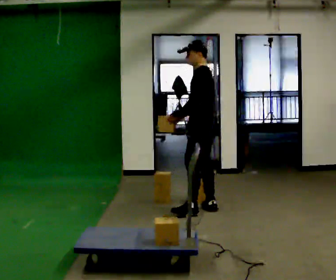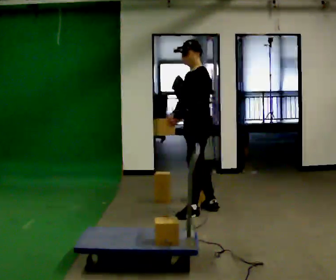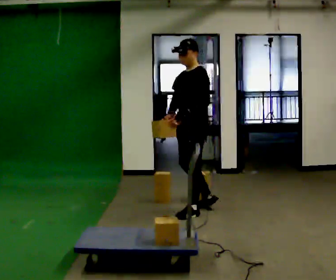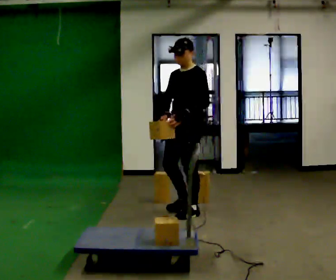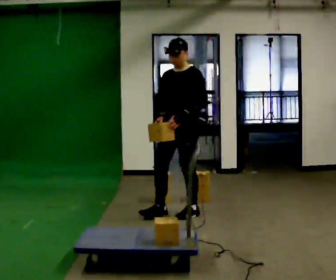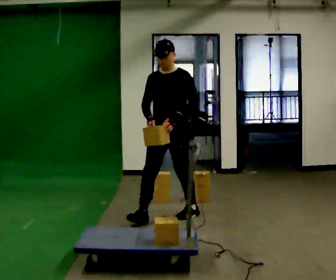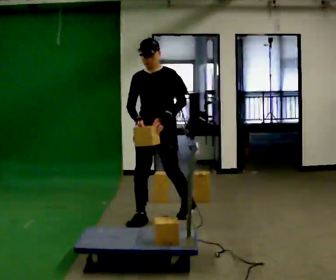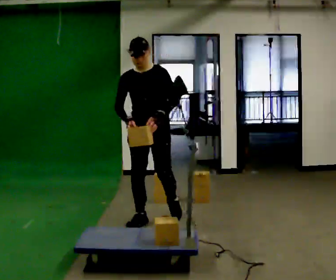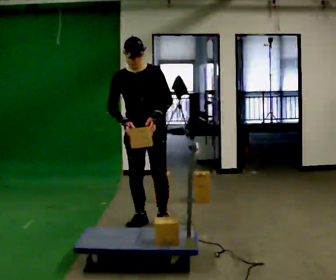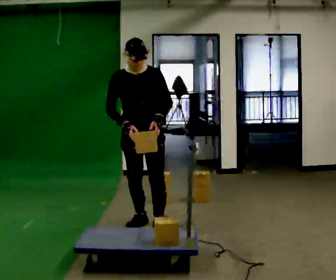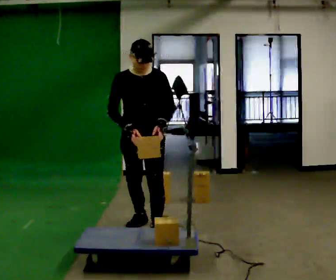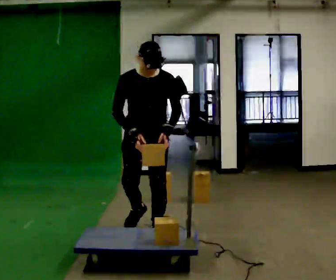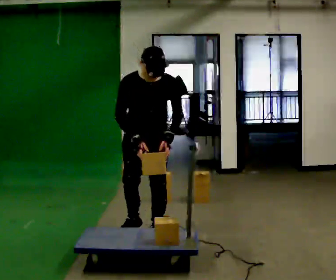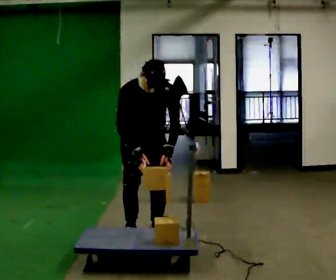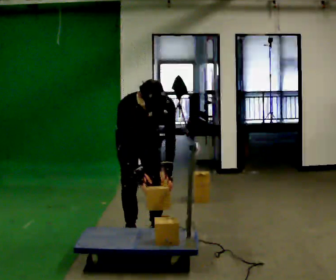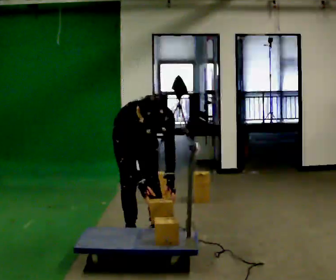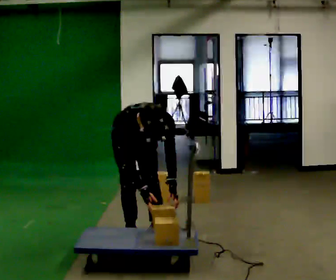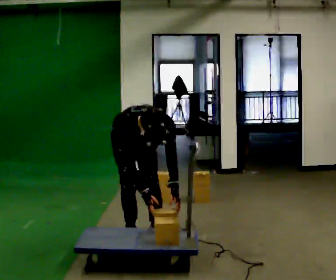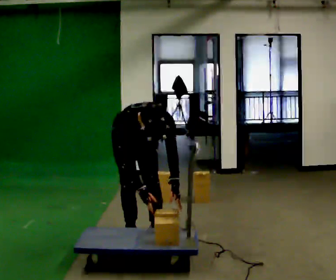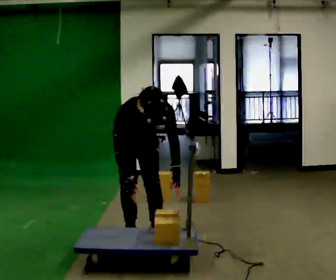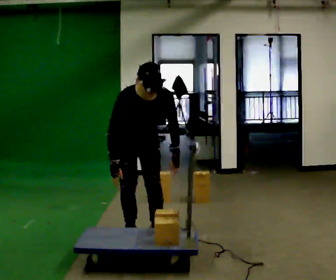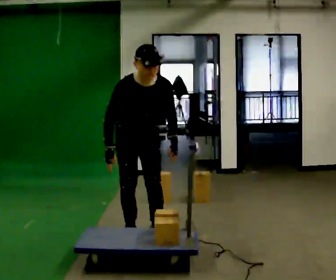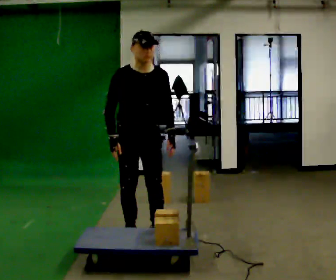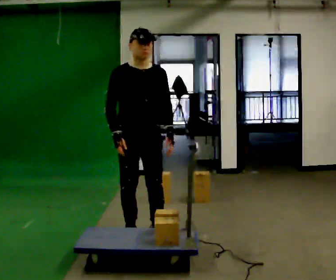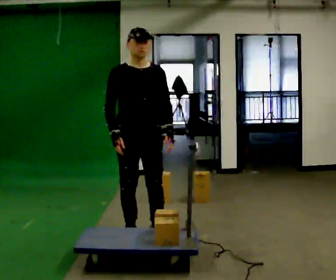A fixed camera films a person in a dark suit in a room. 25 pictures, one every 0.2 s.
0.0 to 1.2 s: The part of the body nearest the lens slides to the right as the person turns to their left by about 75 degrees. In the picture they go to the left and toward the camera, about 0.5 m in 1 step.
1.2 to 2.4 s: In the picture they go toward the camera, about 0.5 m in 1 step, which for them is forward. The upper body tips toward the camera, its near side rolling downward, as they bend forward.
2.4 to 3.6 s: The upper body goes downward. The upper body tips toward the camera, its near side rolling downward, as they bend forward. In the picture their right hand goes downward.
3.6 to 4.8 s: In the picture they go toward the camera, about 0.25 m, which for them is forward. The shoulders move upward. The upper body tips away from the camera, its near side rolling upward, as they lean back or straighten. In the picture their right hand goes upward.
The film runs forward here.
